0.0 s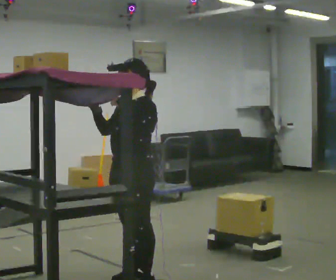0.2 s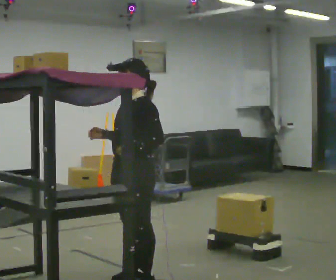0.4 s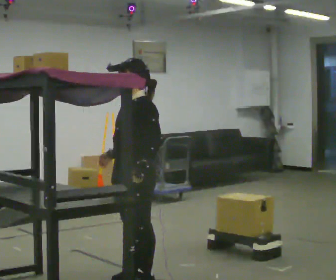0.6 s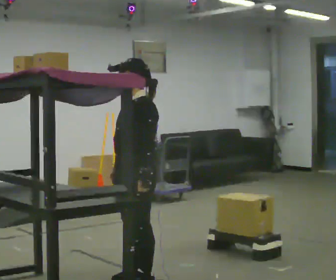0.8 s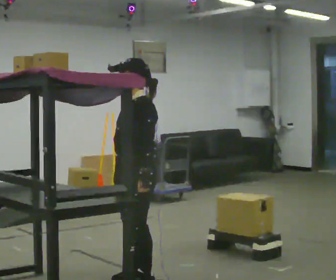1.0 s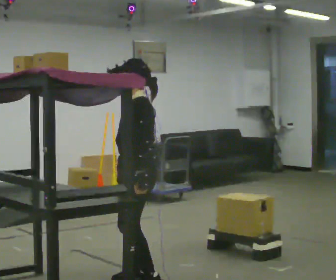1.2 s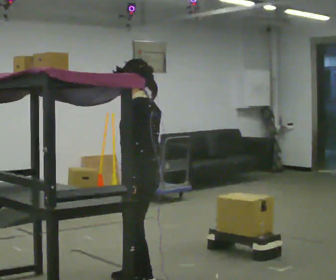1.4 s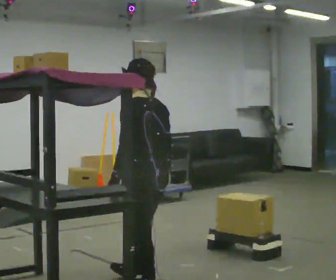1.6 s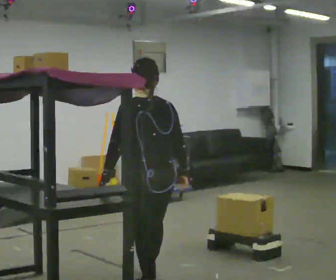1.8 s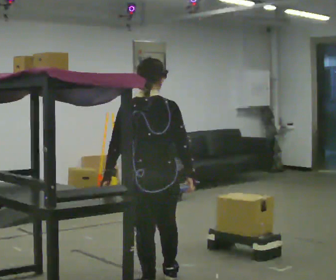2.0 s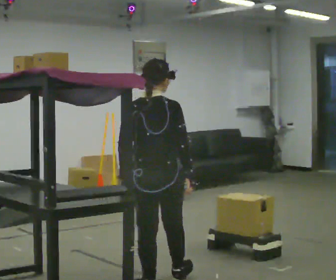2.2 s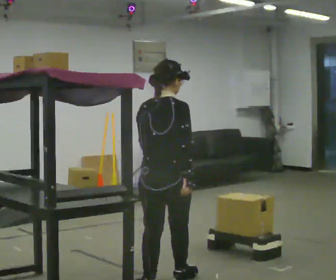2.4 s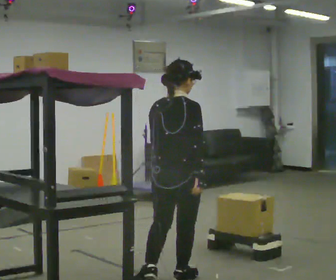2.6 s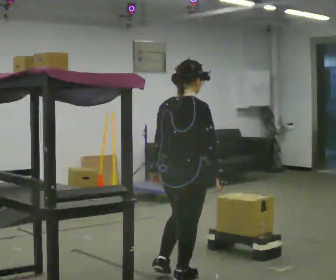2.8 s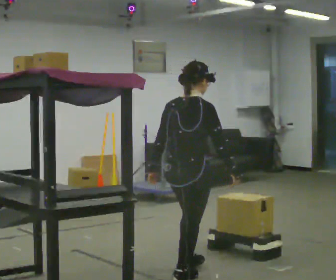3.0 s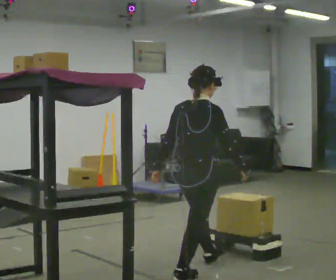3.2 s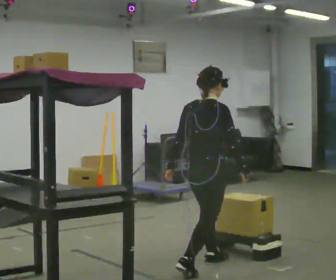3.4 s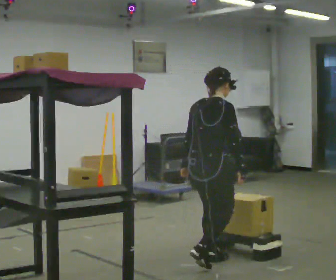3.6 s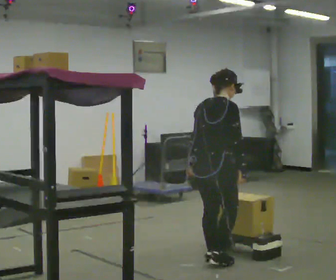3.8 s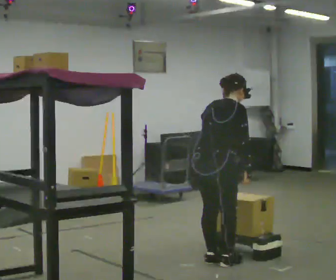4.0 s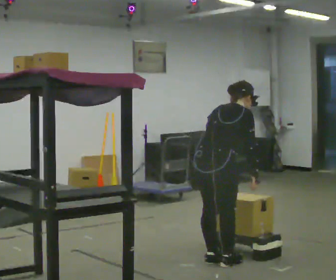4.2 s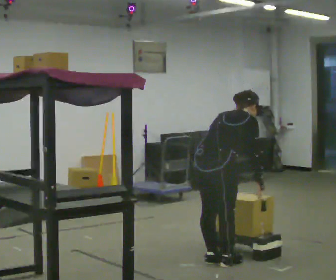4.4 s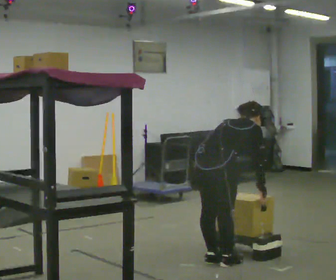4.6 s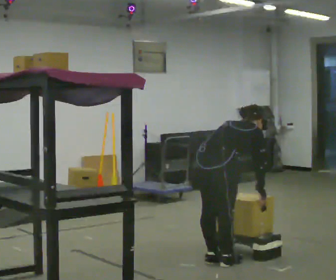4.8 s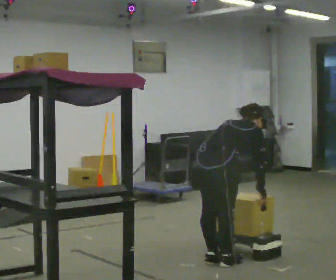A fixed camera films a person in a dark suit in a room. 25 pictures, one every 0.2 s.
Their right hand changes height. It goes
downward.
The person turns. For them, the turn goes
to their right.
0.0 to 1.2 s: Seen from above the body turns clockwise, about 45 degrees: to their right, with its near side sliding to the left. In the picture their right hand goes downward and to the right.
1.2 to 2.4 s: Seen from above the body turns clockwise, about 105 degrees: to their right, with its near side sliding to the left. In the picture they go to the right, about 0.25 m in 1 step.
2.4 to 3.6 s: In the picture they go away from the camera and to the right, about 0.5 m in 1 step, which for them is forward.
3.6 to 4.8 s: The shoulders move downward. In the picture the upper body tilts clockwise, shoulders to the right, as they bend forward.
The film runs forward here.
